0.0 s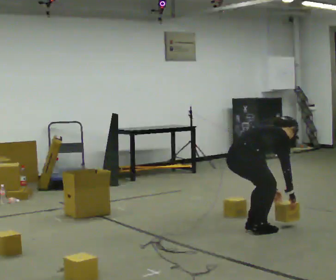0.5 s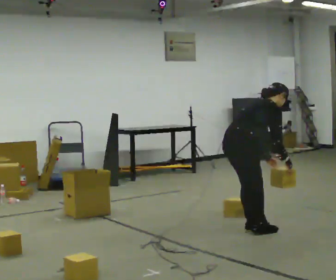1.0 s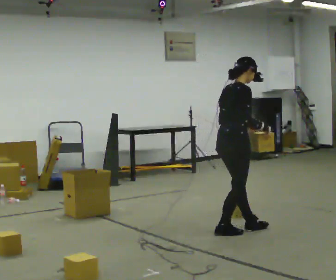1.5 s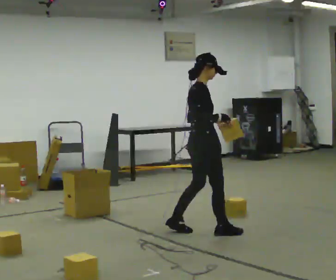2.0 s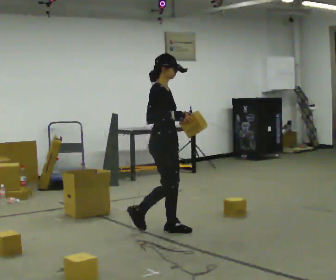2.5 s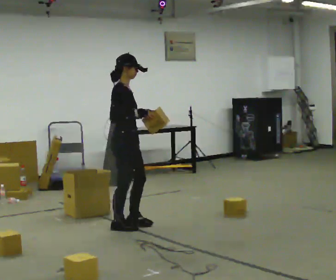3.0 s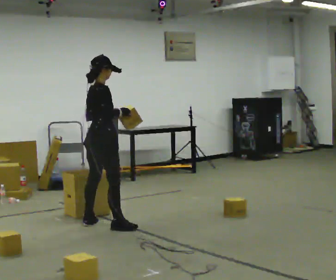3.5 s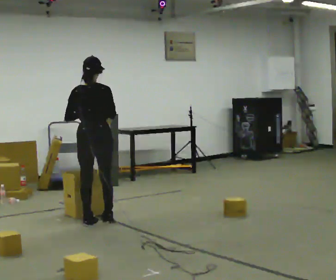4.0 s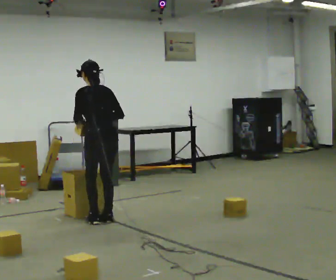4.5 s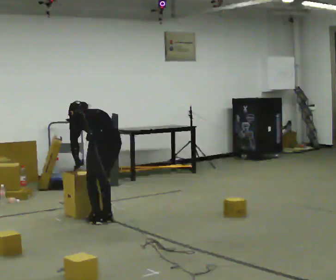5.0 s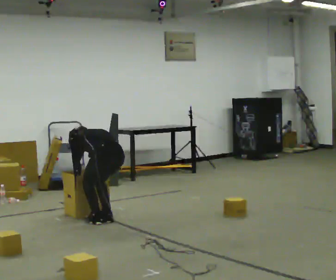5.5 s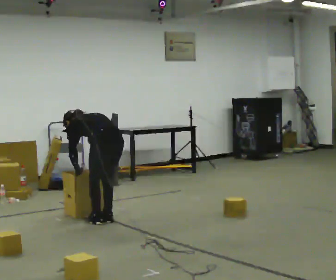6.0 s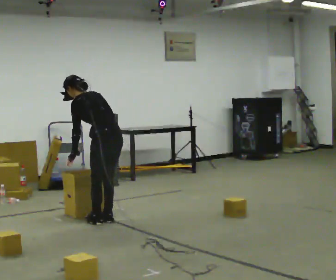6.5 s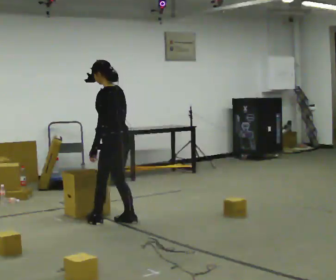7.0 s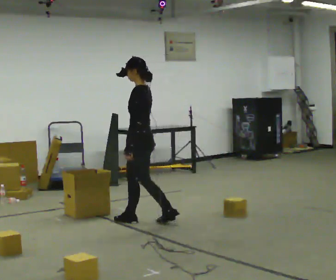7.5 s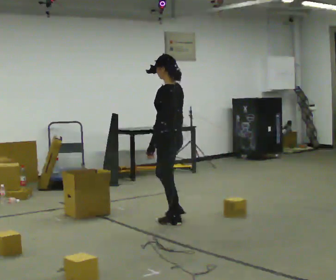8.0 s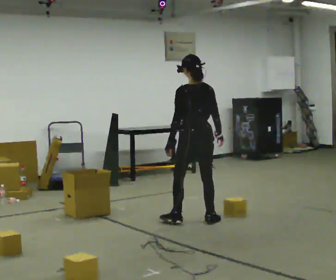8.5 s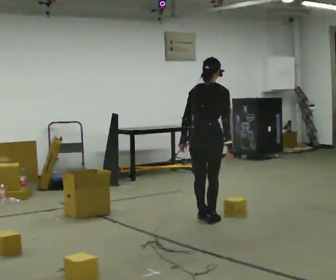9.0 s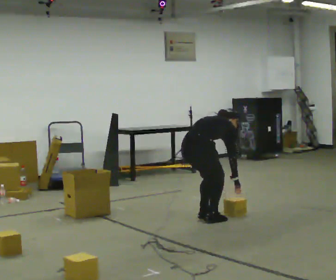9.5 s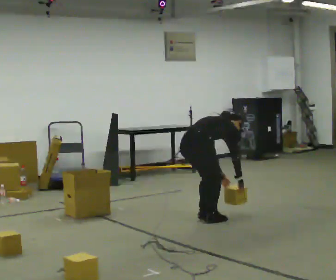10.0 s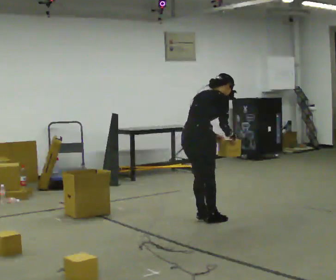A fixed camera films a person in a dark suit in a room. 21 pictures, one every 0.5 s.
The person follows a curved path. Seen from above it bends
clockwise.
0.0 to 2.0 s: Seen from above the body turns clockwise, about 45 degrees: to their right, with its near side sliding to the left. In the picture they go to the left and away from the camera, about 0.5 m in 3 steps, which for them is backward and to their left. The upper body goes upward. In the picture the upper body tilts counterclockwise, shoulders to the left, as they lean back or straighten. In the picture their right hand goes upward.
2.0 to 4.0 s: The person turns about 135 degrees to their left, counterclockwise seen from above, so the part of the body nearest the lens slides to the right. In the picture they go to the left and away from the camera, about 0.75 m in 2 steps.
4.0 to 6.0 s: The person moves a little, or ends about where they began.
6.0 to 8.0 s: In the picture they go to the right, about 1 m in 3 steps. The upper body tips toward the camera, its near side rolling downward, as they lean back or straighten.
8.0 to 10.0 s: Seen from above the body turns clockwise, about 75 degrees: to their right, with its near side sliding to the left. In the picture their left hand goes to the right.
The film runs backward here.
